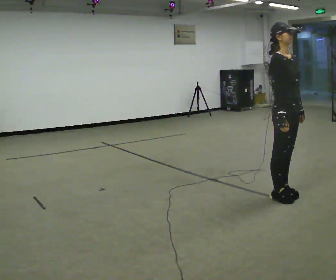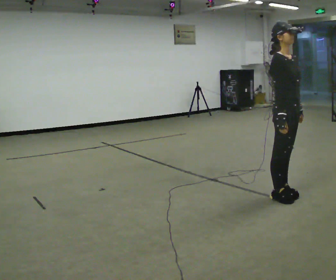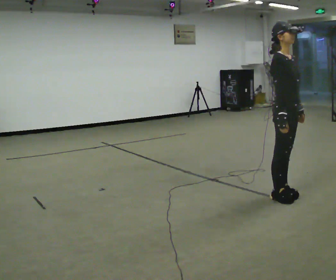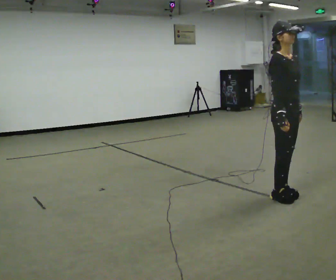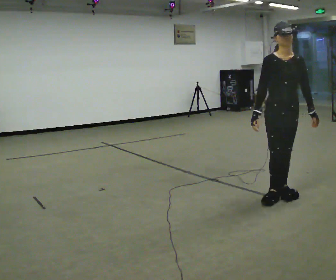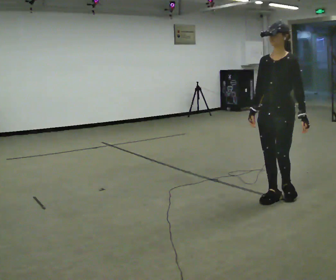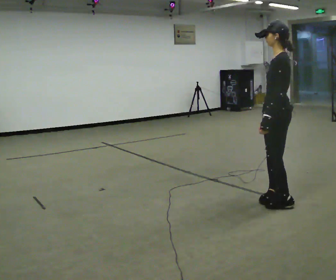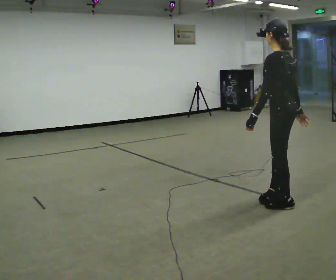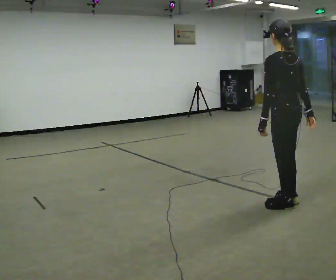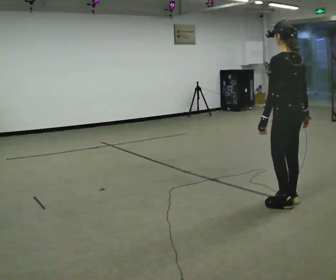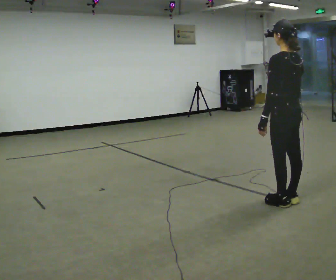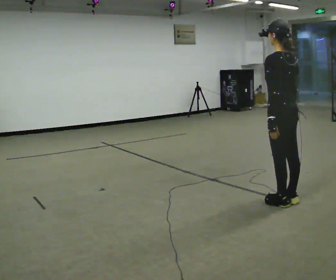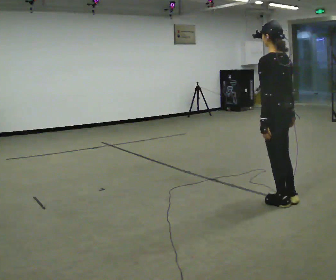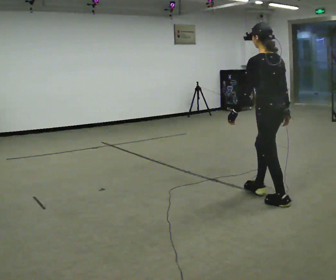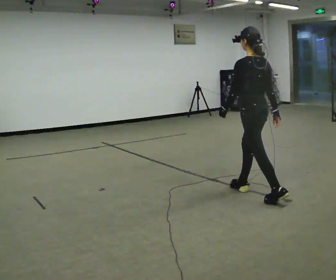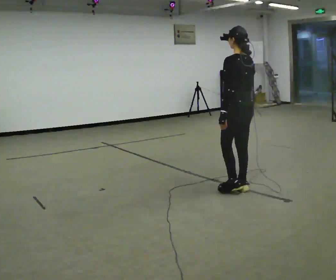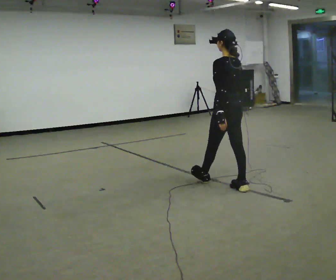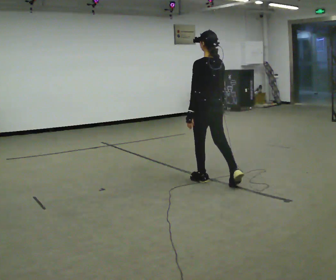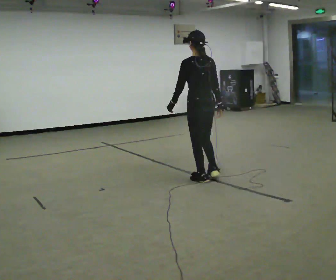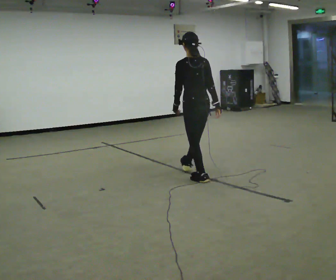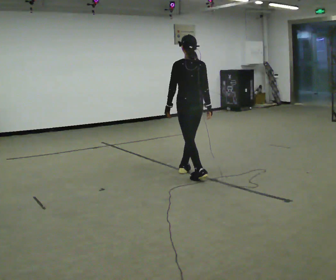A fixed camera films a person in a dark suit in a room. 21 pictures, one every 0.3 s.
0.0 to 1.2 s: The person turns about 45 degrees to their right, clockwise seen from above, so the part of the body nearest the lens slides to the left.
1.2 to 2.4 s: Seen from above the body turns clockwise, about 150 degrees: to their right, with its near side sliding to the left. In the picture they go toward the camera, about 0.25 m in 2 steps. In the picture their right hand goes to the right, the arm swinging counterclockwise.
2.4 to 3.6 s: The person moves a little, or ends about where they began.
3.6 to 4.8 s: In the picture they go away from the camera and to the left, about 0.75 m in 1 step, which for them is forward.
4.8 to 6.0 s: In the picture they go away from the camera and to the left, about 0.75 m in 2 steps, which for them is forward.
The film runs forward here.
